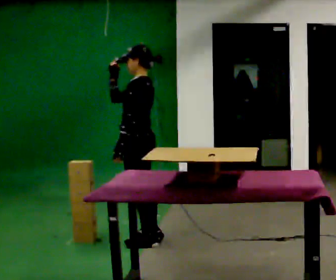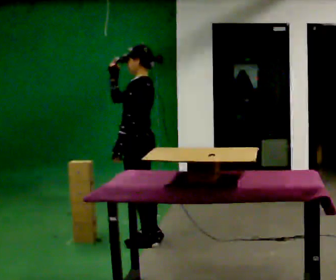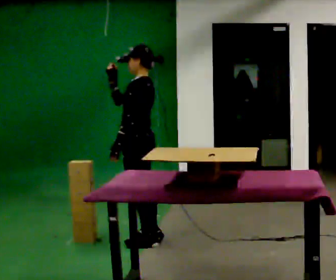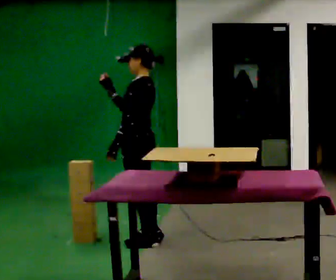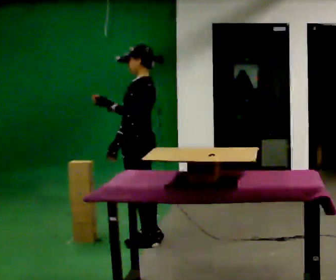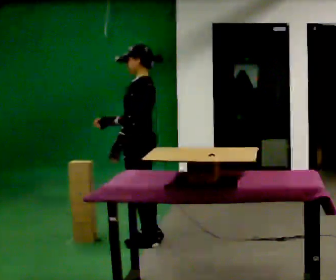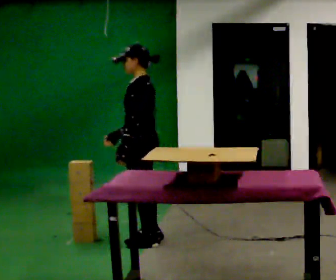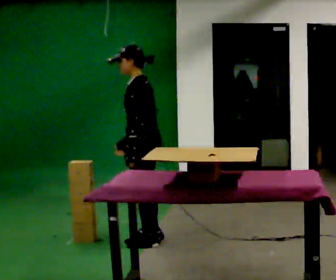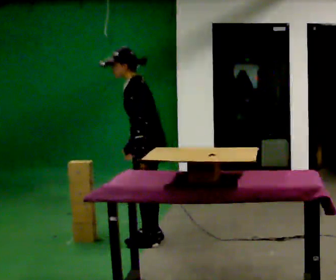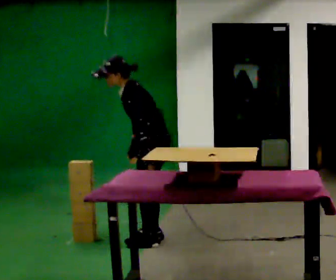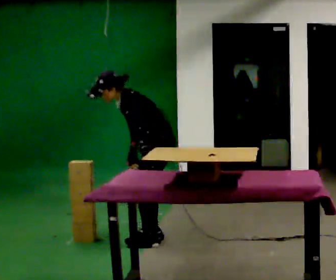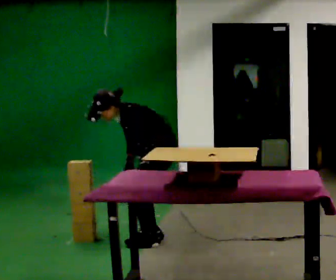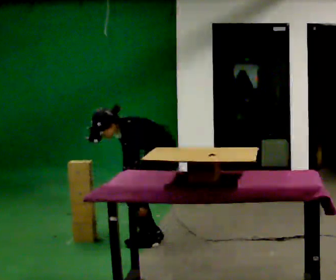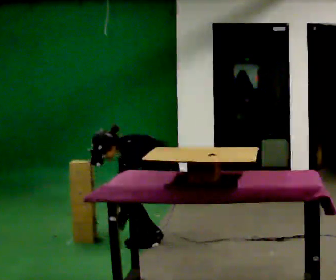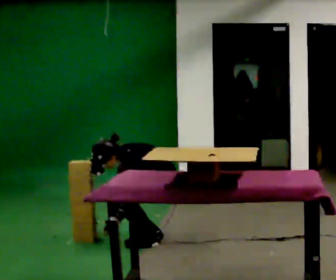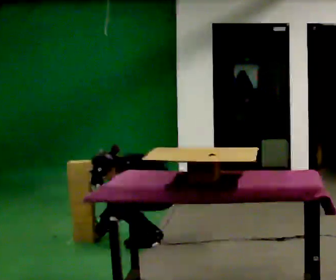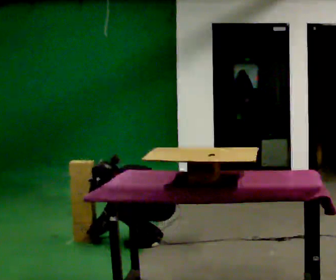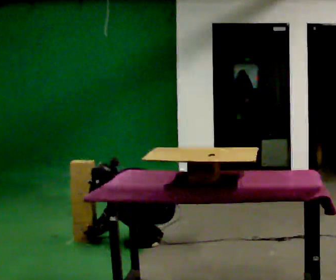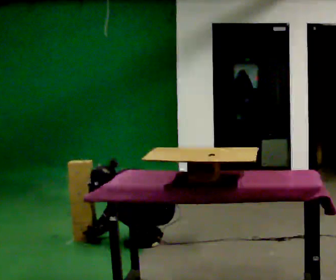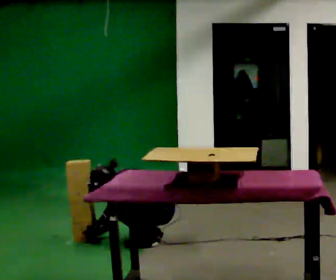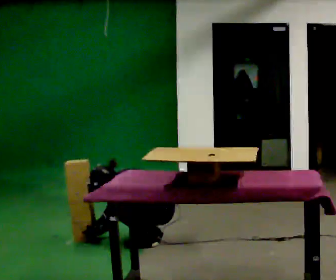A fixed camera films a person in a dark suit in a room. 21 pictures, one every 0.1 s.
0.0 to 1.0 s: In the picture the upper body tilts counterclockwise, shoulders to the left, as they bend forward. In the picture their right hand goes downward.
1.0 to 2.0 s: The shoulders move downward. In the picture their left hand goes downward and to the left, the arm swinging clockwise.
The film runs backward here.
